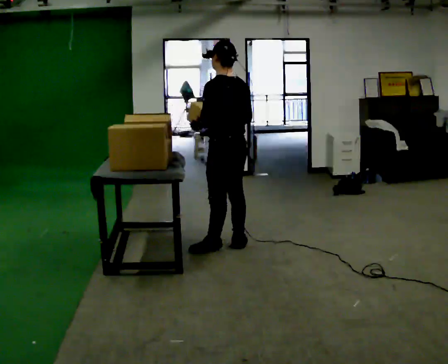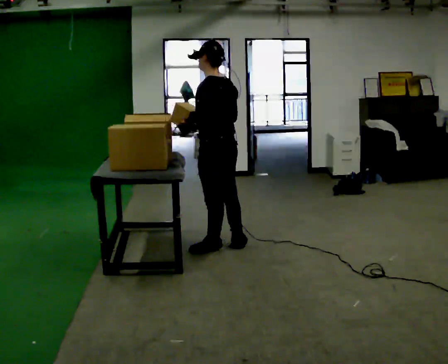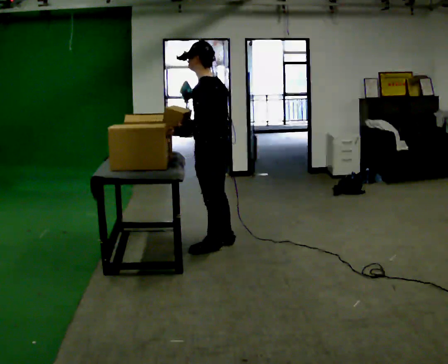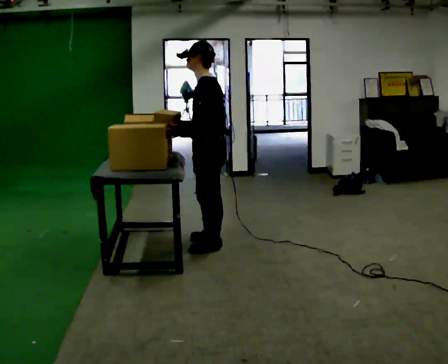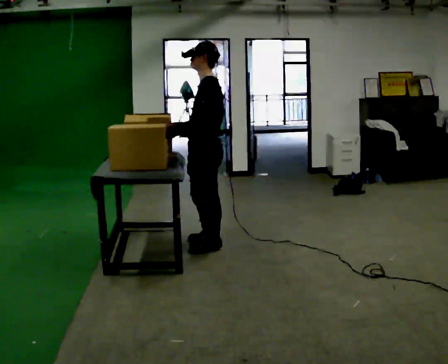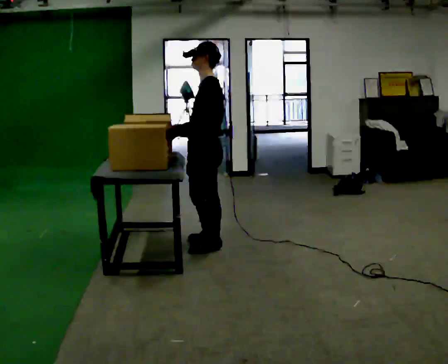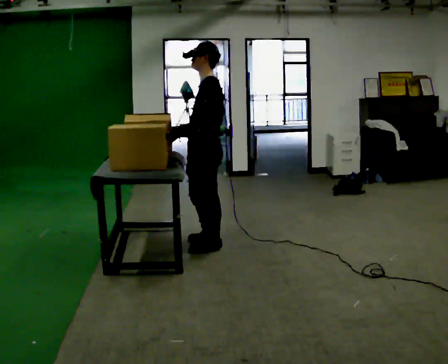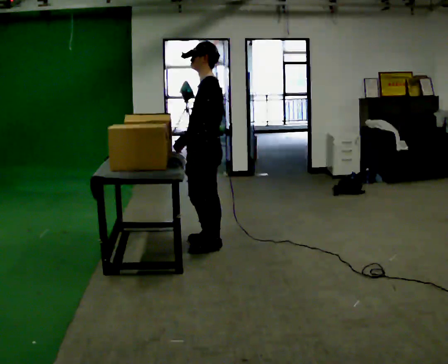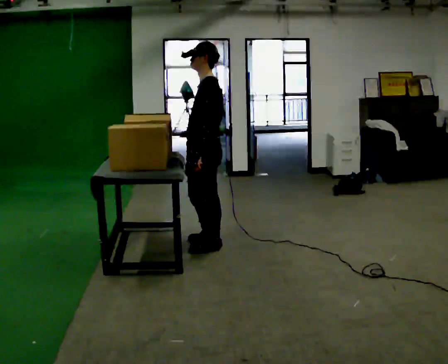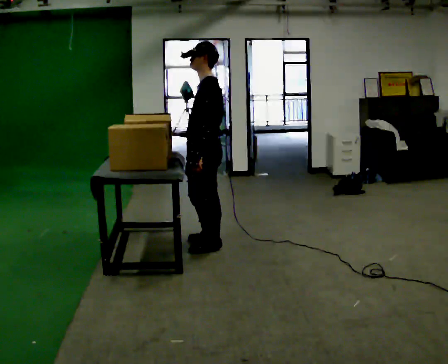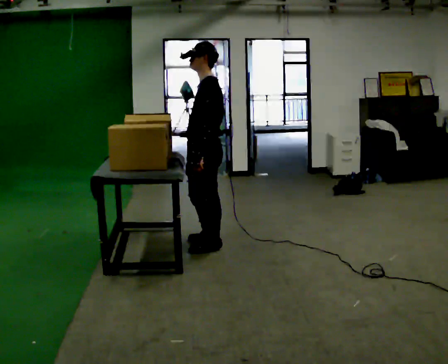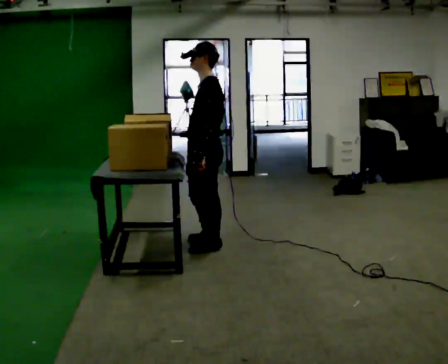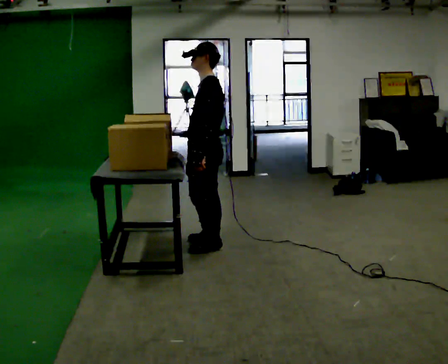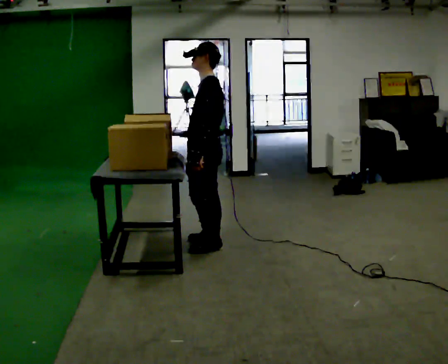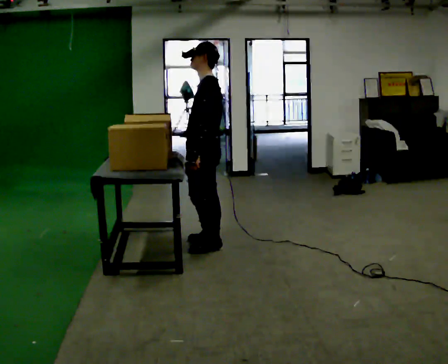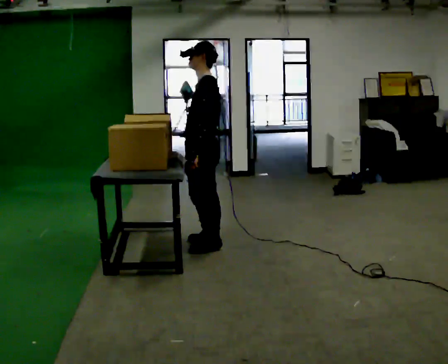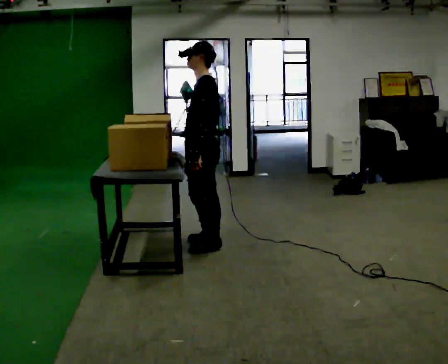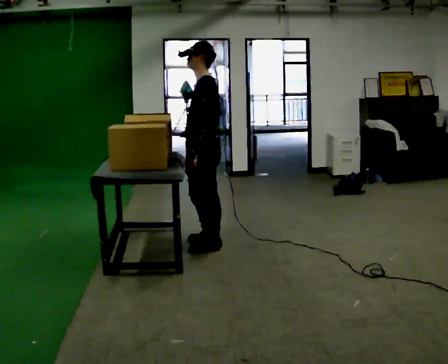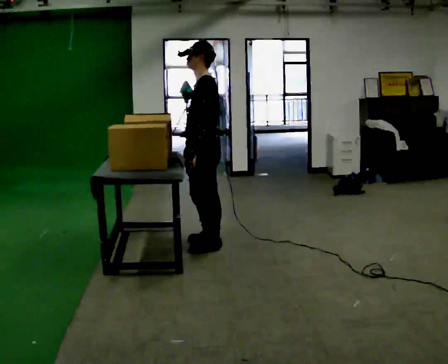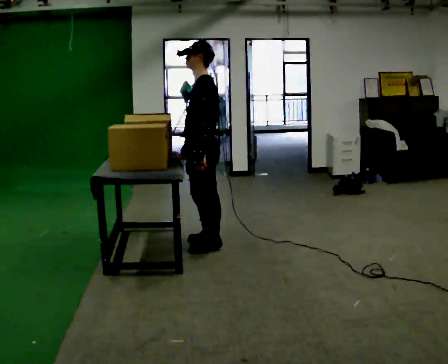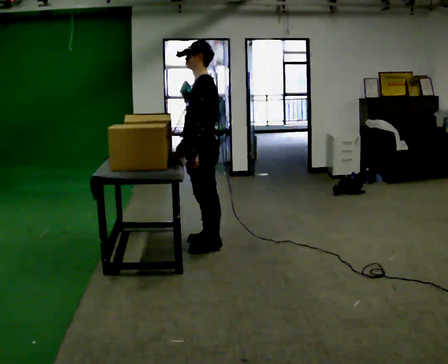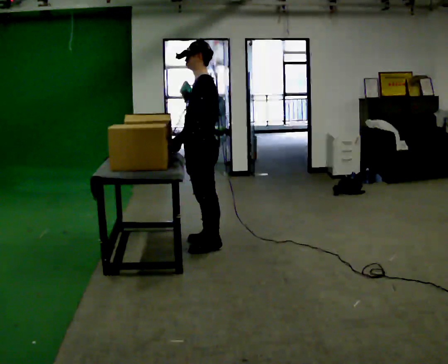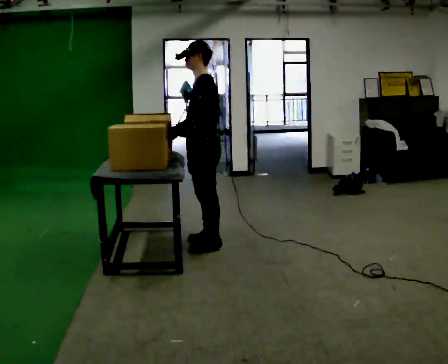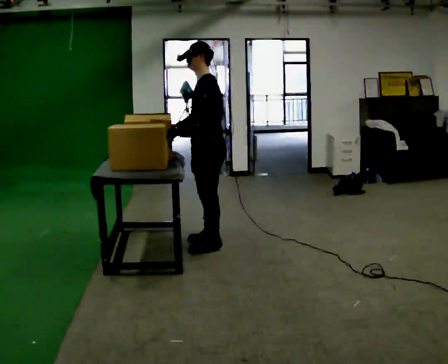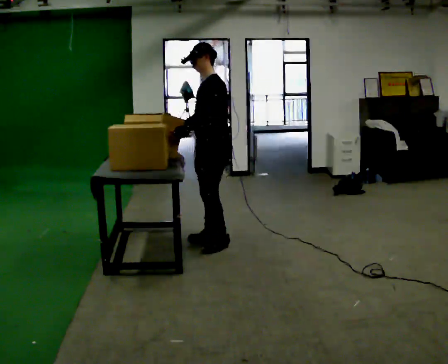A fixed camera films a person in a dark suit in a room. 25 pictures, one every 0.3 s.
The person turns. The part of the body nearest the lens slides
to the right.
The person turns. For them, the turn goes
to their left.
0.0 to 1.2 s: The part of the body nearest the lens slides to the right as the person turns to their left by about 45 degrees. In the picture they go to the left, about 0.25 m in 1 step, which for them is forward. In the picture their right hand goes to the left.
1.2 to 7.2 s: In the picture they go away from the camera, about 0.25 m in 1 step, which for them is to their right.
The film runs backward here.
